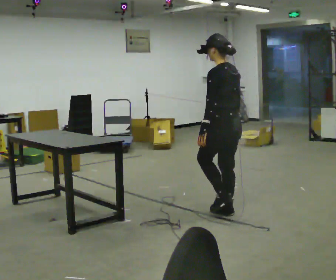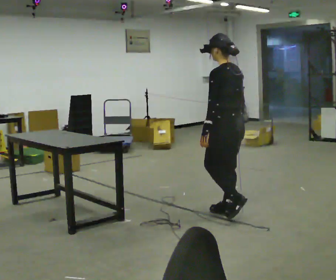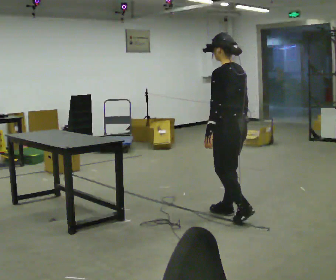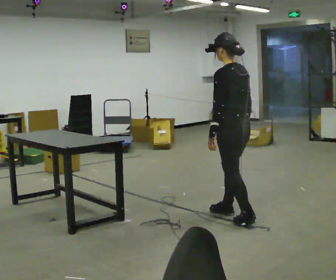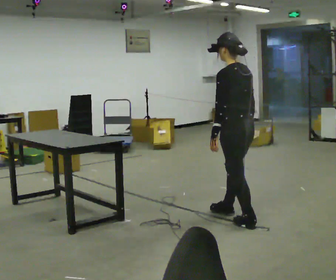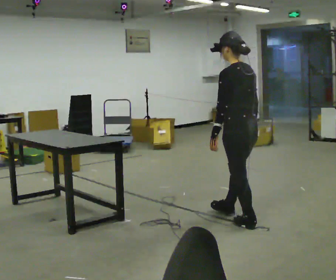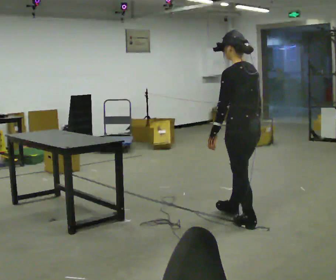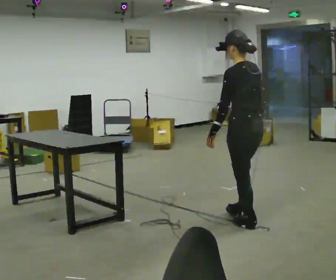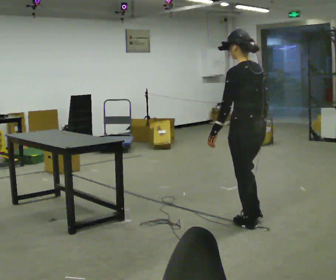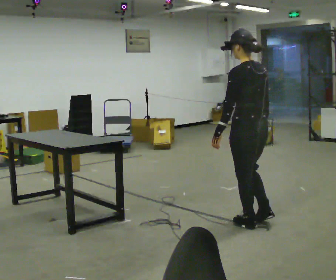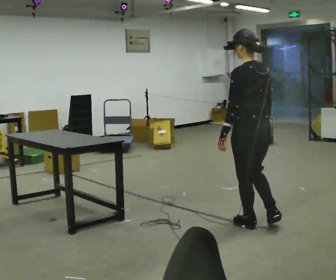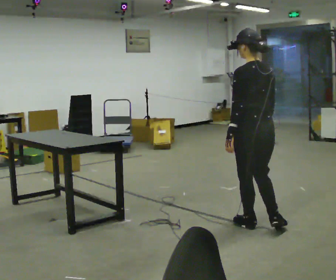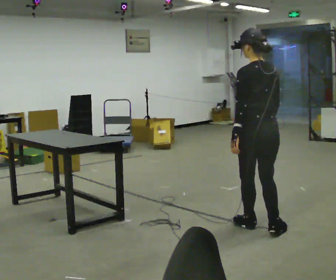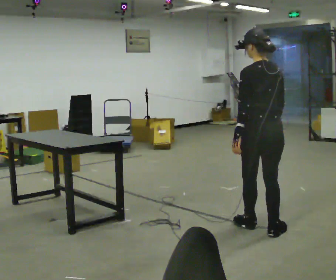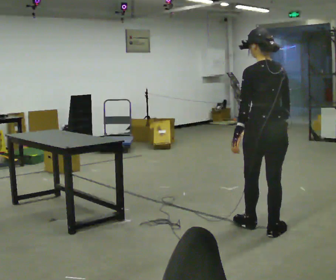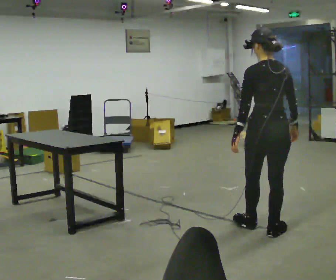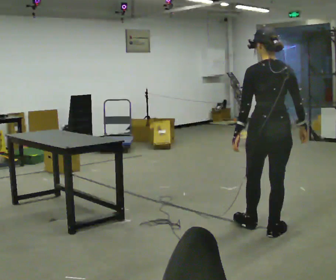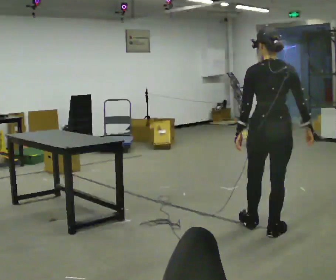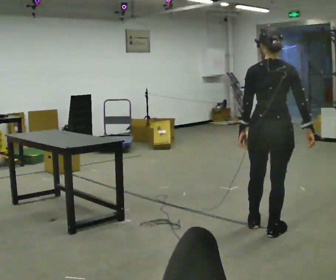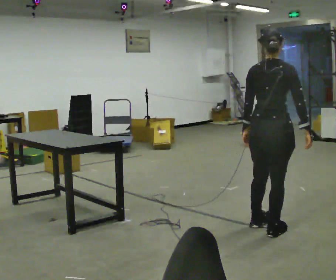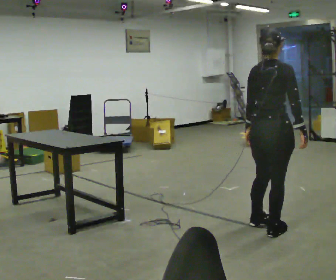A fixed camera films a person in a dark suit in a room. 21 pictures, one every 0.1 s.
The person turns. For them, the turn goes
to their right.
The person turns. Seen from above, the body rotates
clockwise.
0.0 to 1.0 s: In the picture they go toward the camera and to the right, about 0.5 m in 1 step, which for them is backward.
1.0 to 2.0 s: Seen from above the body turns clockwise, about 75 degrees: to their right, with its near side sliding to the left.
The film runs backward here.
